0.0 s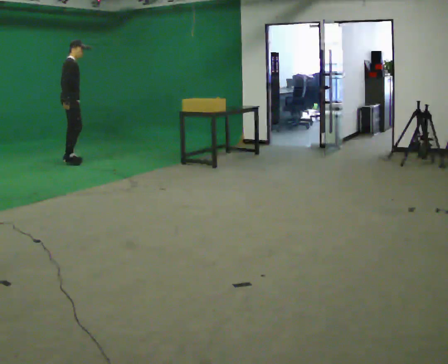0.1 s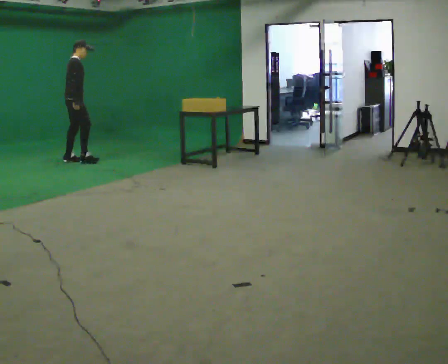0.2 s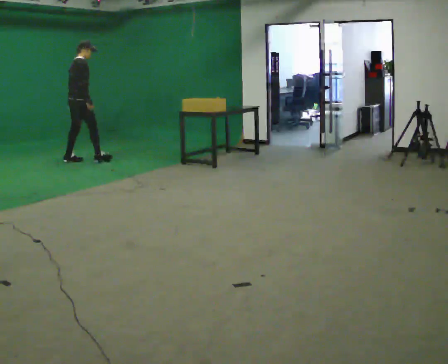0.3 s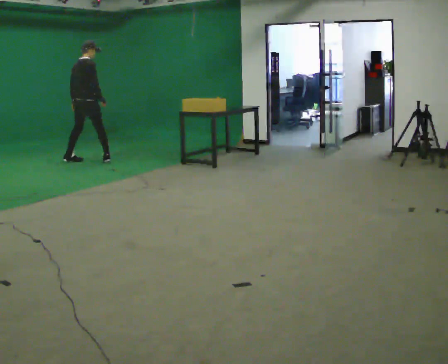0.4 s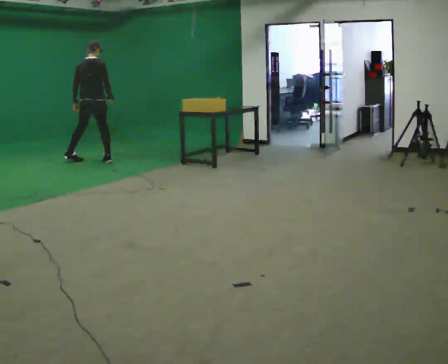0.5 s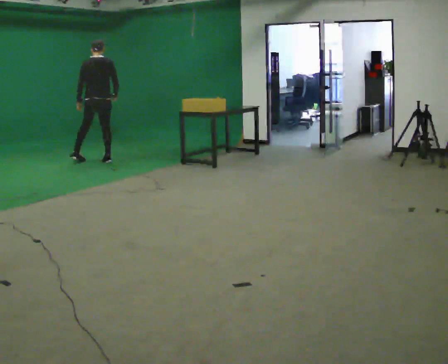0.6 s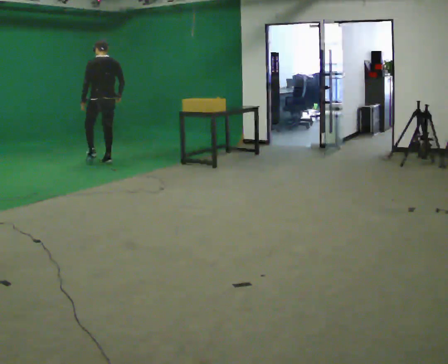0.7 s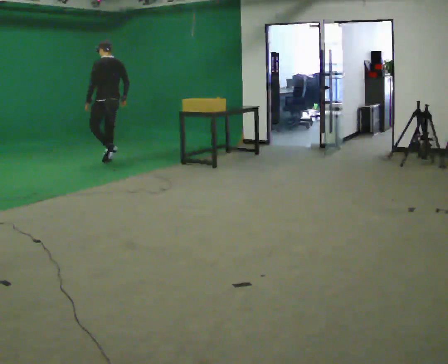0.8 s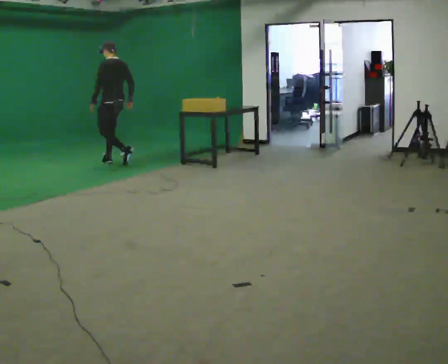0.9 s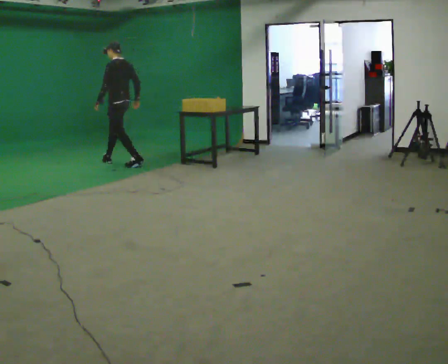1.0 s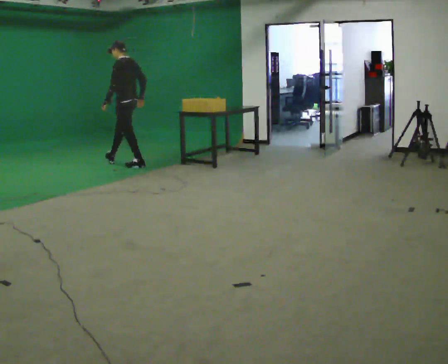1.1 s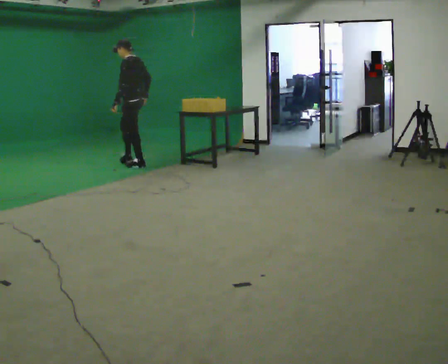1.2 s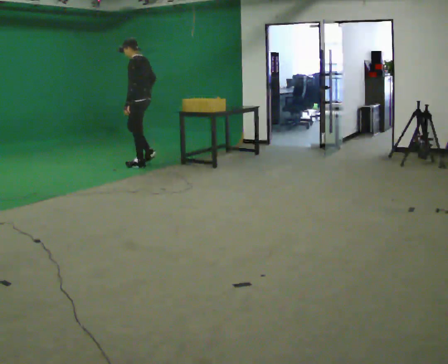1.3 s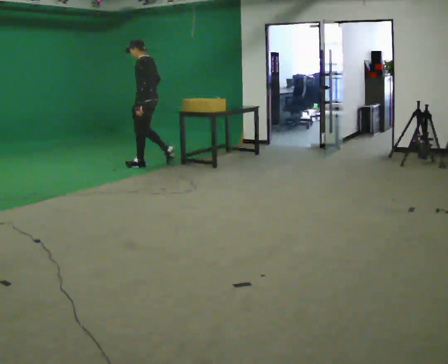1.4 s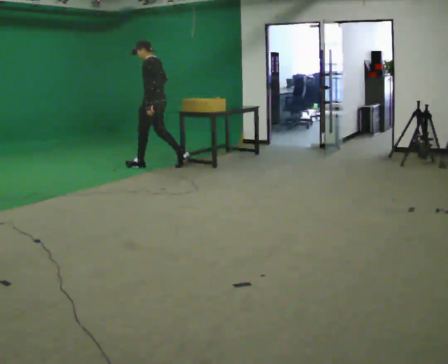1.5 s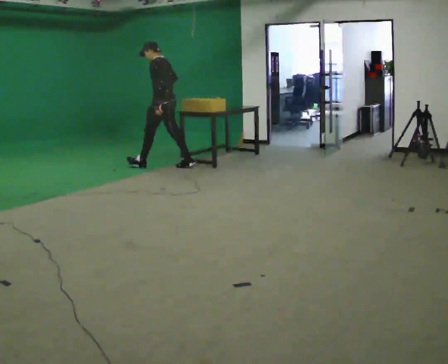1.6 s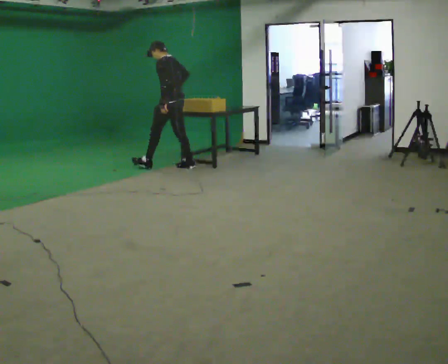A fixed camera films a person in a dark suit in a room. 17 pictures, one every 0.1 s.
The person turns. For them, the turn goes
to their left.
The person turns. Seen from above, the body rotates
counterclockwise.
0.0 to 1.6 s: Seen from above the body turns counterclockwise, about 150 degrees: to their left, with its near side sliding to the right. In the picture they go to the right, about 1.5 m in 3 steps.
The film runs backward here.
